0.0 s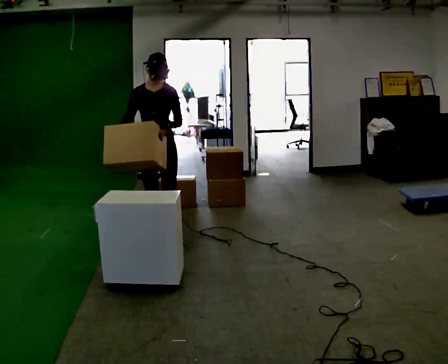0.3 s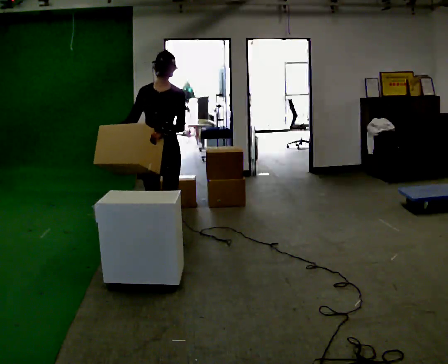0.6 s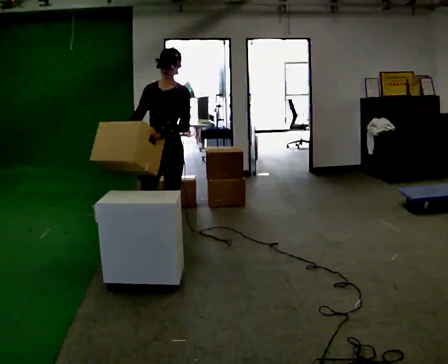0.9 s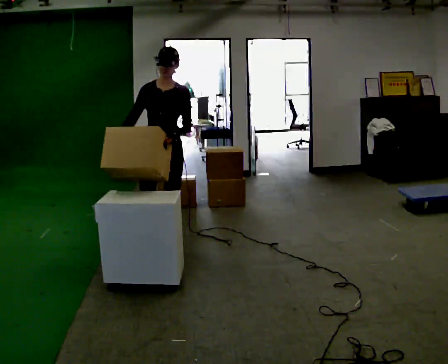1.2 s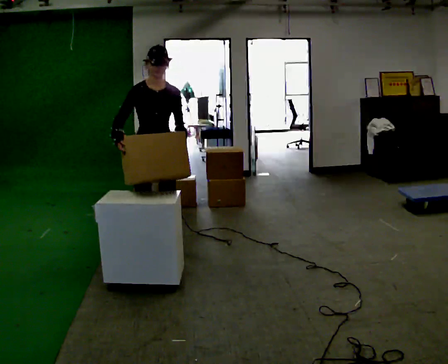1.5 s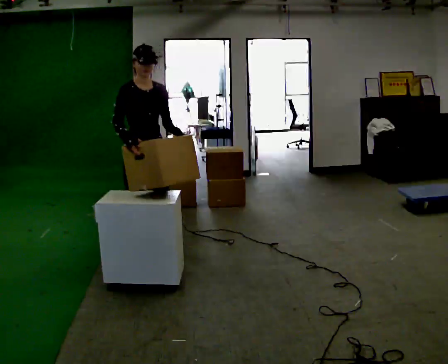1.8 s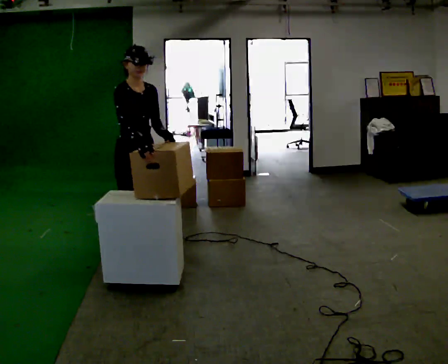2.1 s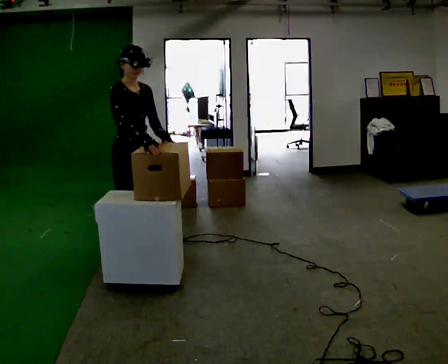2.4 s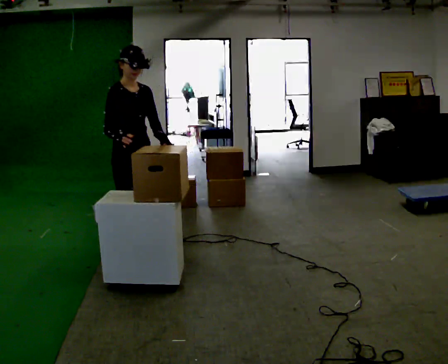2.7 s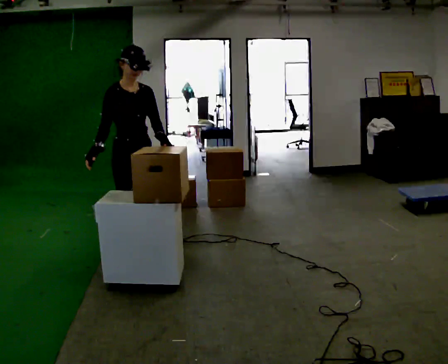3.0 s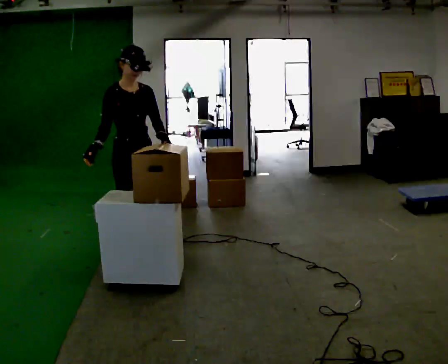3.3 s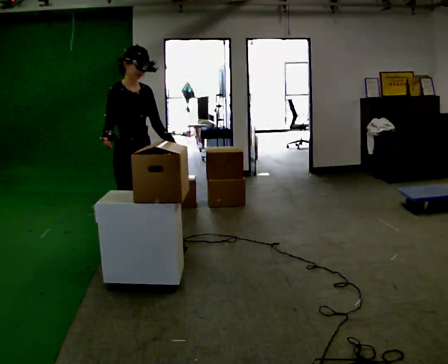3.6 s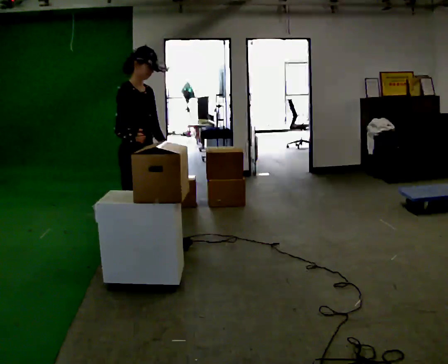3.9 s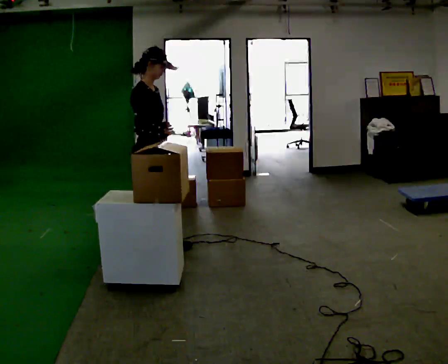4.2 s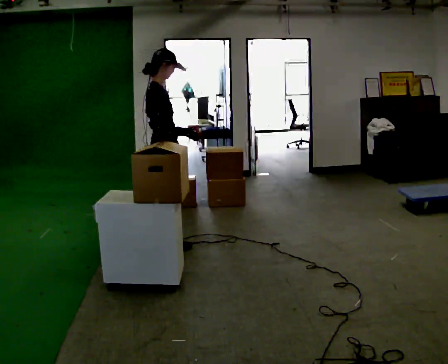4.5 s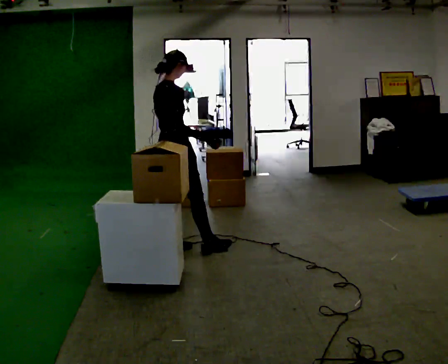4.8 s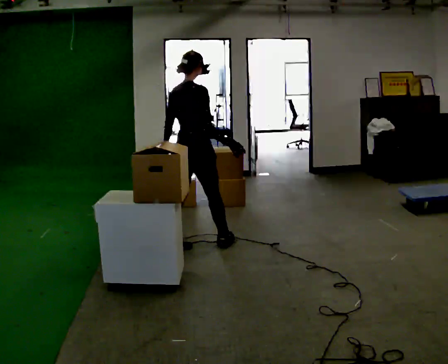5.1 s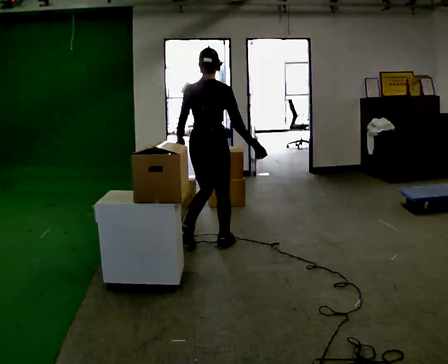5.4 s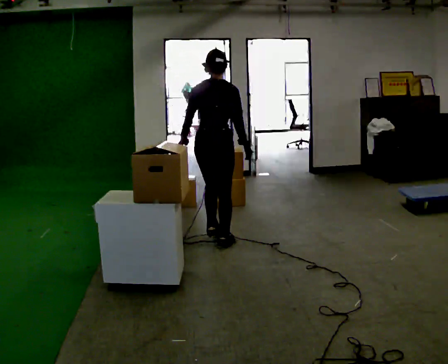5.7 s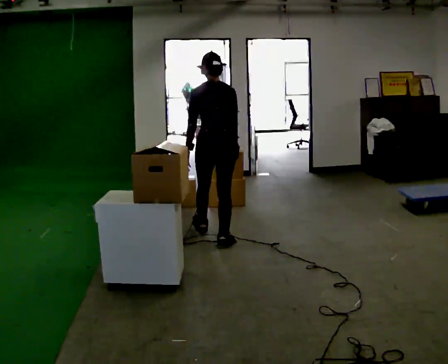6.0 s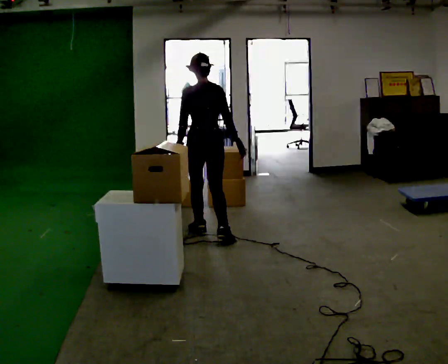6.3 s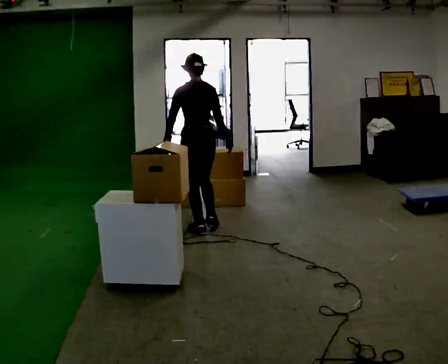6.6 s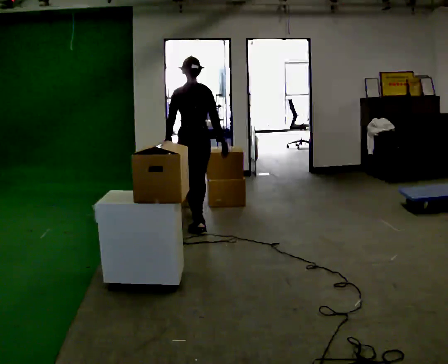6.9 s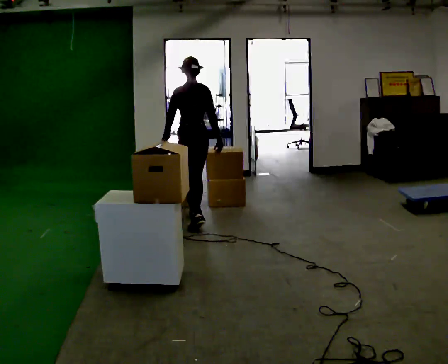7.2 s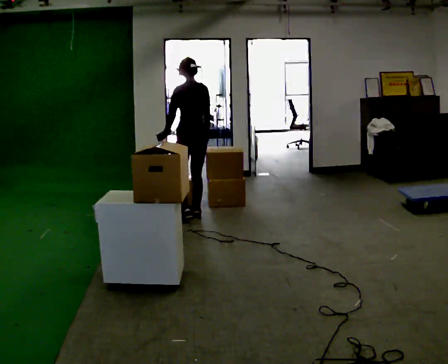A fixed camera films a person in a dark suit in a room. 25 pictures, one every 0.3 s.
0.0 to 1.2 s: In the picture they go toward the camera, about 0.25 m in 2 steps, which for them is forward and to their left.
1.2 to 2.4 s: The person turns about 30 degrees to their left, counterclockwise seen from above, so the part of the body nearest the lens slides to the right. In the picture they go to the left, about 0.25 m, which for them is to their right.
2.4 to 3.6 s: The person moves a little, or ends about where they began.
3.6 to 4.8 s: Seen from above the body turns counterclockwise, about 75 degrees: to their left, with its near side sliding to the right. In the picture they go to the right, about 0.5 m in 1 step.
4.8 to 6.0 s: Seen from above the body turns counterclockwise, about 60 degrees: to their left, with its near side sliding to the right. In the picture they go away from the camera, about 0.25 m in 1 step, which for them is forward.
6.0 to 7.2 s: In the picture they go away from the camera, about 0.5 m in 1 step, which for them is forward.
The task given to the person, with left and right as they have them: Pick an object up off the floor at one end of the room, carry it across, and place it on the waist-height shelf at the other end. Keep going until the operator says stop; one object at a time, and do not rush between trips.
The film runs forward here.
